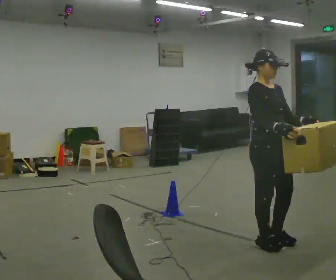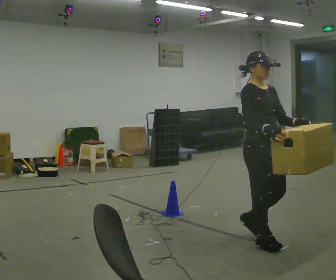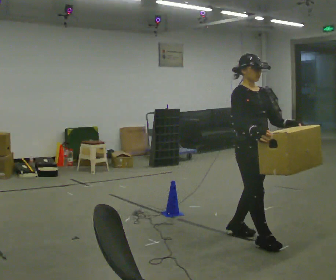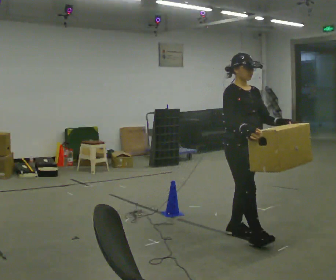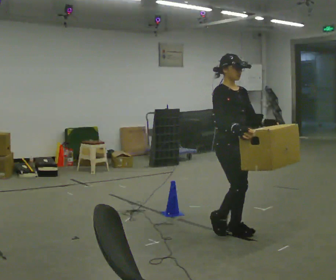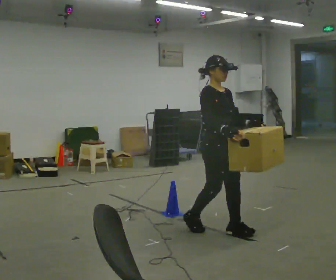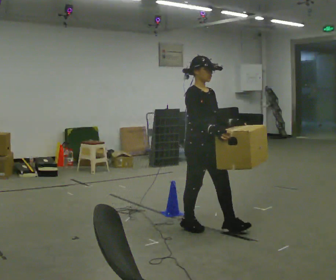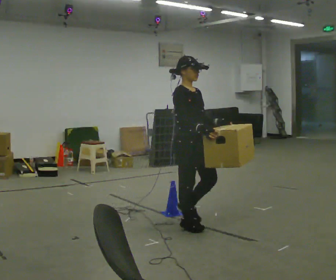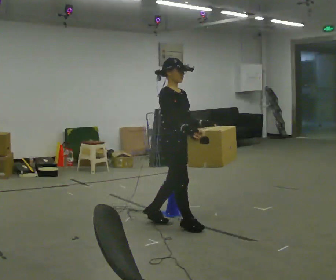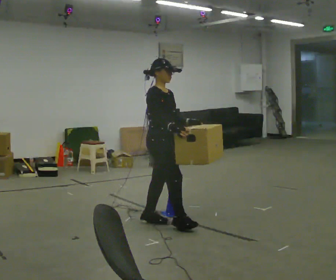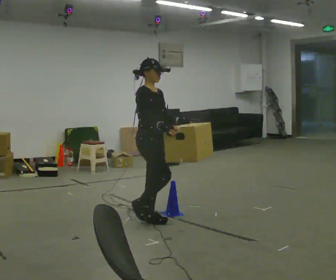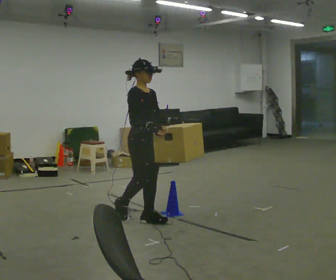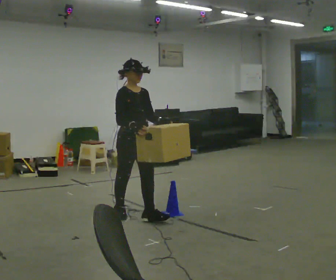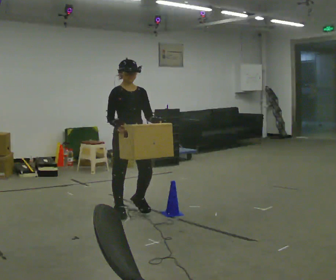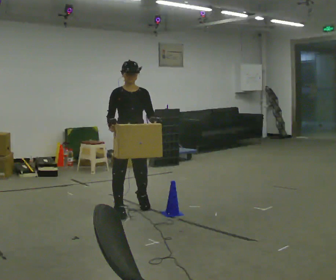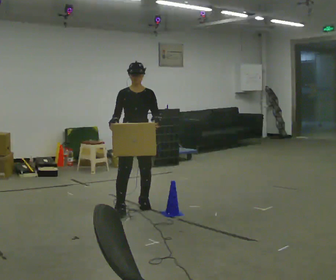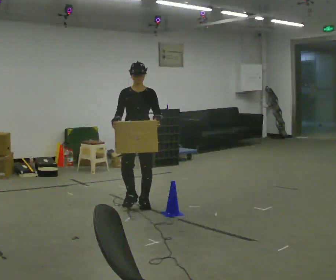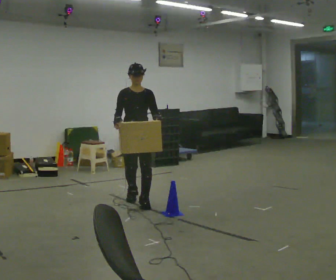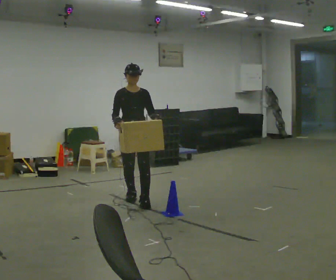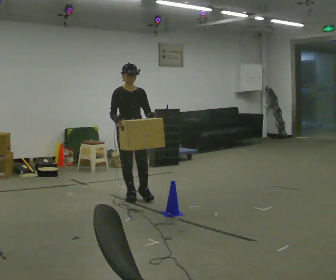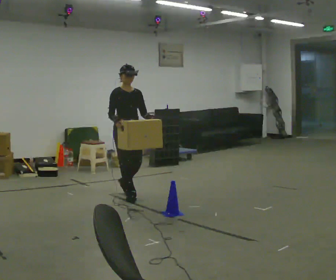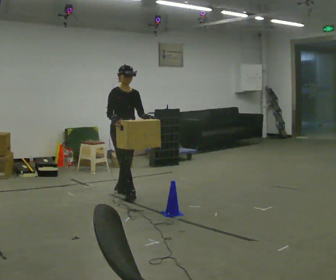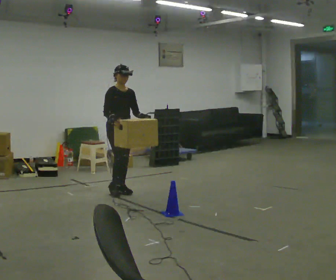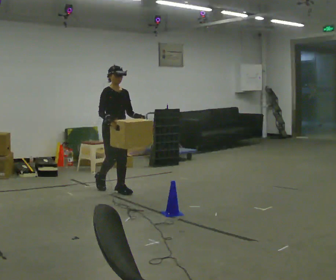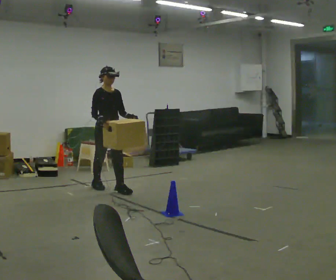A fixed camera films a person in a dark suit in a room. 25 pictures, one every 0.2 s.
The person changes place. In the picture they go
away from the camera.
0.0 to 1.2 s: In the picture they go away from the camera and to the left, about 0.75 m in 2 steps, which for them is backward.
1.2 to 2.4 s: In the picture they go to the left and away from the camera, about 1 m in 2 steps, which for them is backward.
2.4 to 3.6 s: The part of the body nearest the lens slides to the left as the person turns to their right by about 30 degrees. In the picture they go away from the camera, about 0.75 m in 2 steps, which for them is backward.
3.6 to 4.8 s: The person turns about 30 degrees to their left, counterclockwise seen from above, so the part of the body nearest the lens slides to the right. In the picture they go away from the camera and to the left, about 0.75 m in 1 step, which for them is backward.
The film runs backward here.
